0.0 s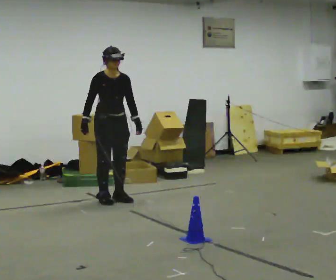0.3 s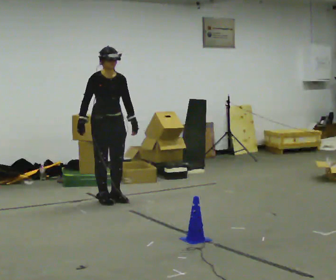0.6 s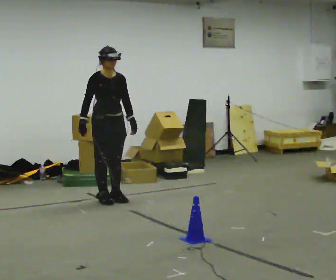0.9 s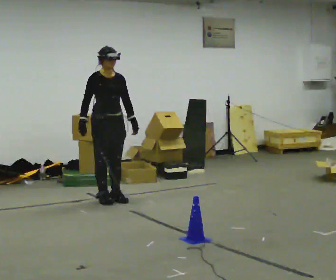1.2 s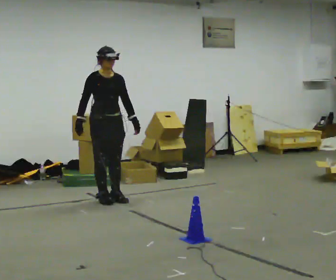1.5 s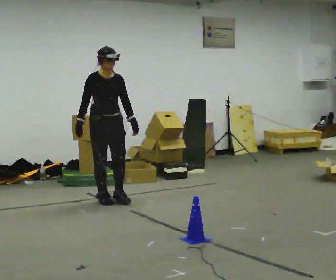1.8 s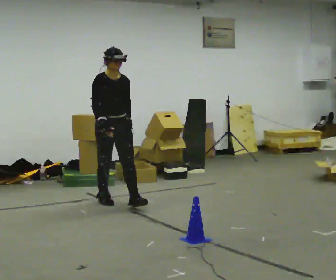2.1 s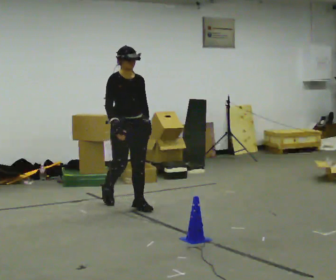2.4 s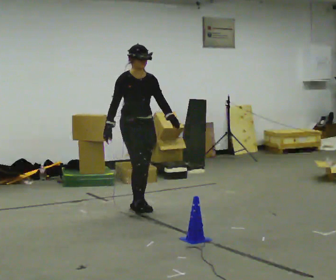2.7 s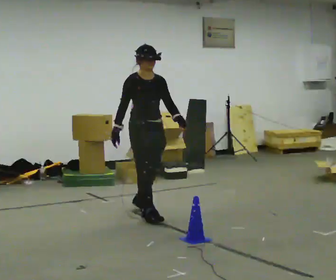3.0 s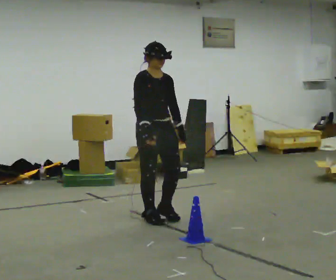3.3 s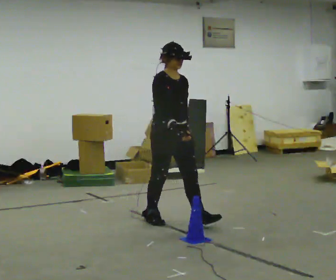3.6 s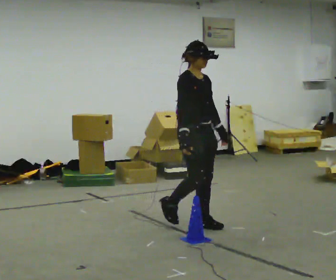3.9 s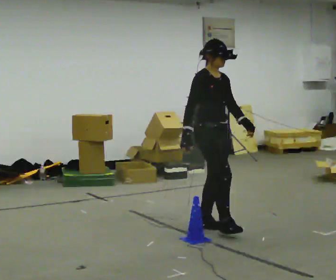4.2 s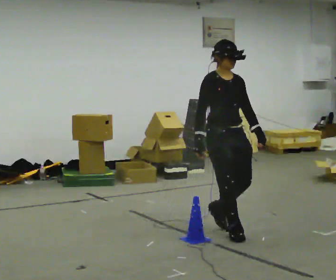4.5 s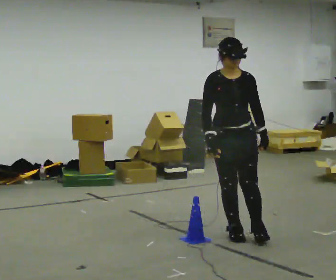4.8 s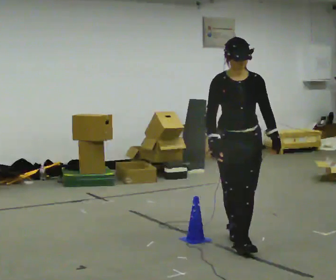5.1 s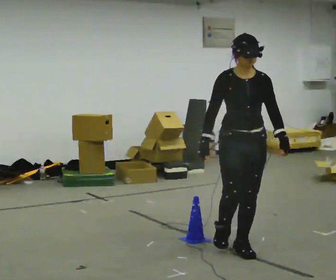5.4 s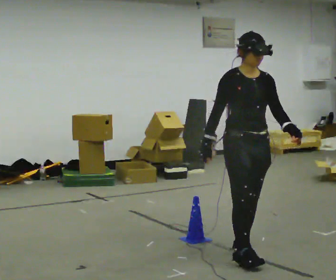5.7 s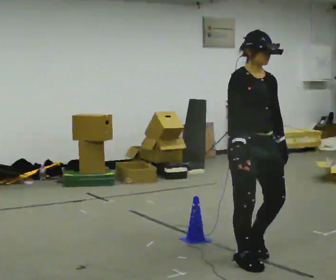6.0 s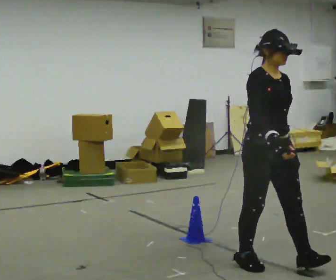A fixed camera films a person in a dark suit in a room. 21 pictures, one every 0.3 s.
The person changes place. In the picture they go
toward the camera.
0.0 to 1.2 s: The person moves a little, or ends about where they began.
1.2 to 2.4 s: In the picture they go toward the camera and to the right, about 0.5 m in 1 step, which for them is forward.
2.4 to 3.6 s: In the picture they go toward the camera and to the right, about 1 m in 2 steps, which for them is forward.
3.6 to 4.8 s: The part of the body nearest the lens slides to the left as the person turns to their right by about 60 degrees. In the picture they go toward the camera and to the right, about 0.75 m in 2 steps.
4.8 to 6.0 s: Seen from above the body turns counterclockwise, about 45 degrees: to their left, with its near side sliding to the right. In the picture they go toward the camera, about 0.5 m in 1 step, which for them is forward.
The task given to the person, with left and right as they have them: Walk toward obstacle; alter path to avoid it; continue toward original destination.
The film runs forward here.
